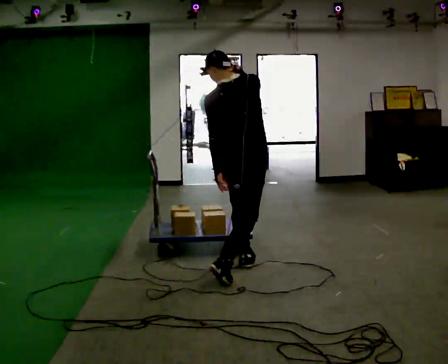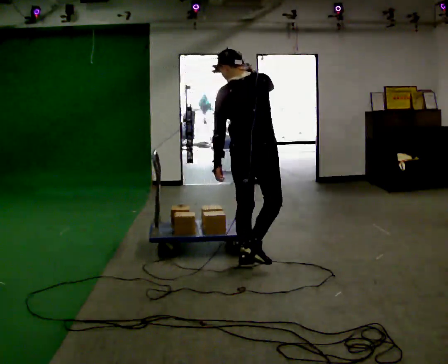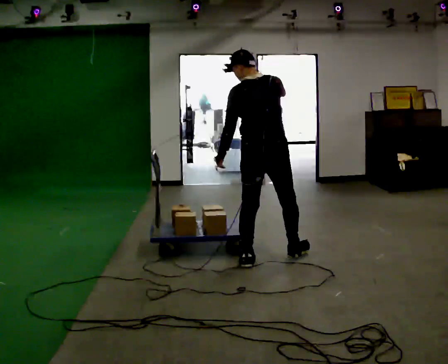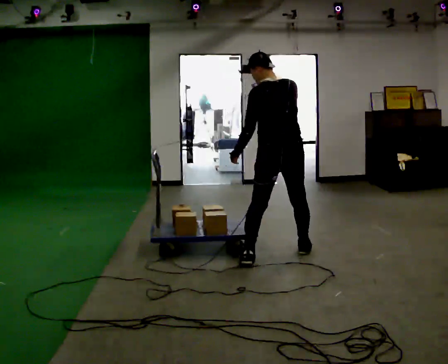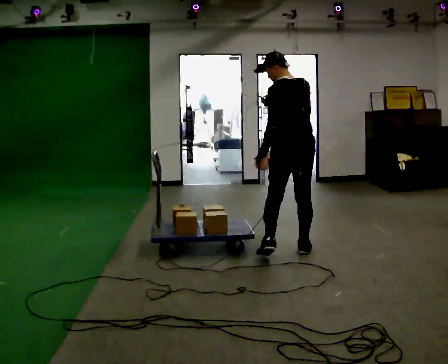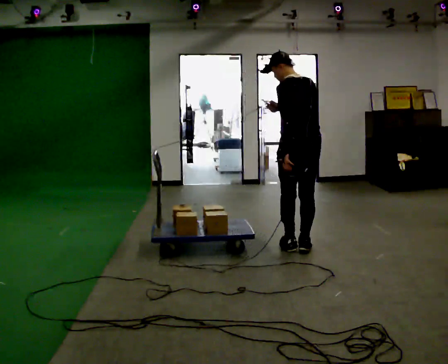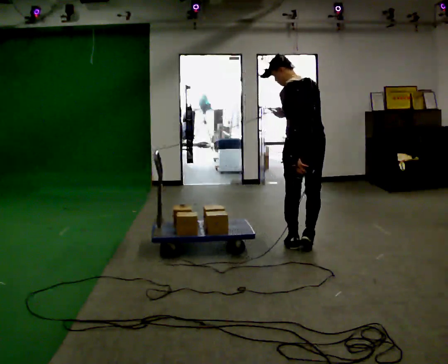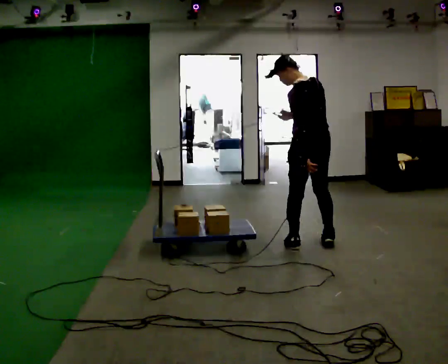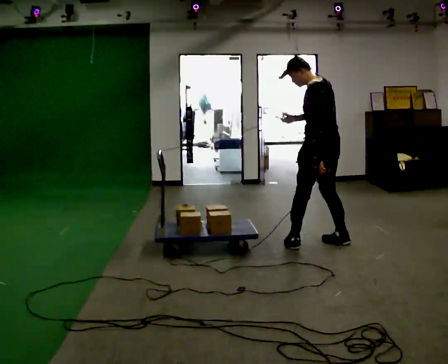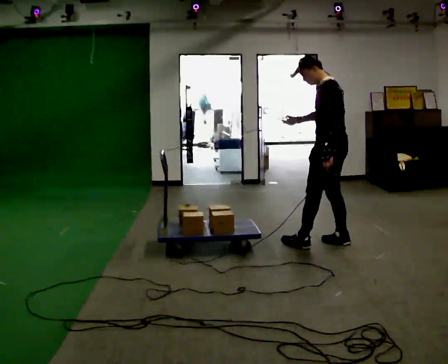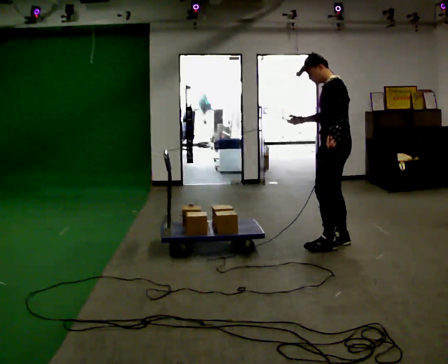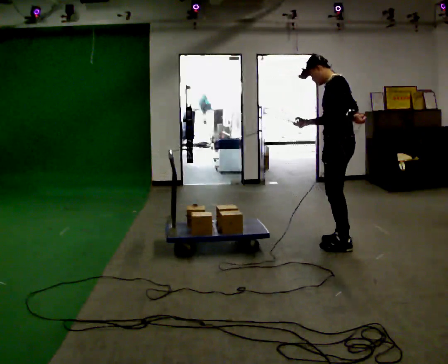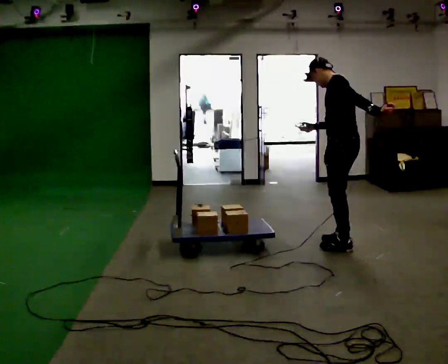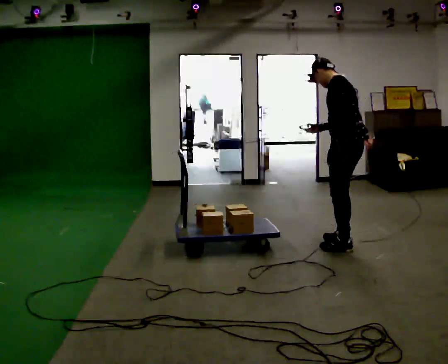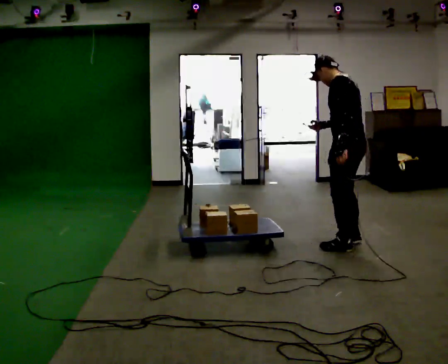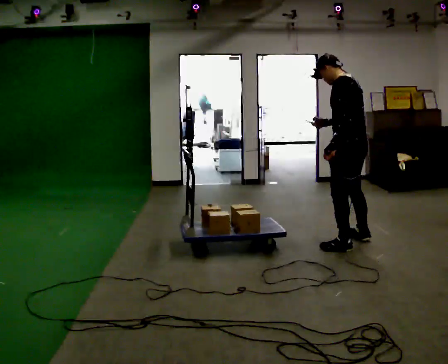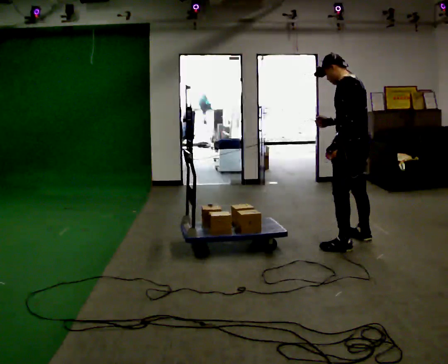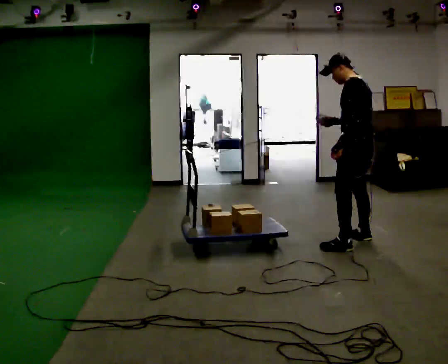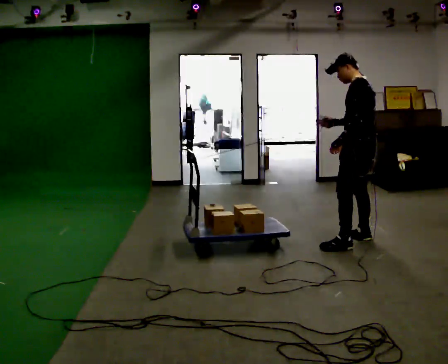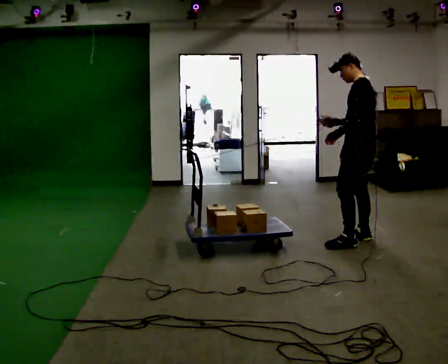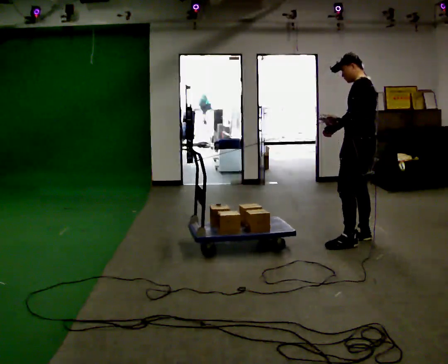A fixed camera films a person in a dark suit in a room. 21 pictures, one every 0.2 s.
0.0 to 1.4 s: Seen from above the body turns counterclockwise, about 45 degrees: to their left, with its near side sliding to the right. In the picture they go away from the camera and to the right, about 1 m in 2 steps, which for them is to their right and forward. In the picture their right hand goes downward.
1.4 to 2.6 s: The person turns about 30 degrees to their left, counterclockwise seen from above, so the part of the body nearest the lens slides to the right. In the picture they go to the right, about 0.25 m in 2 steps, which for them is backward.
2.6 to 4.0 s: In the picture they go away from the camera, about 0.25 m in 1 step, which for them is to their right.
The film runs forward here.
